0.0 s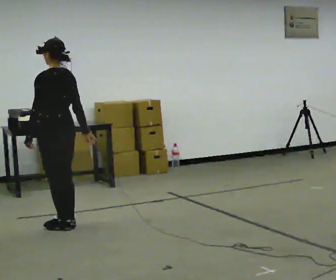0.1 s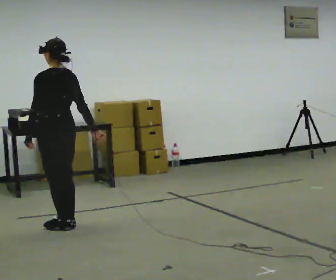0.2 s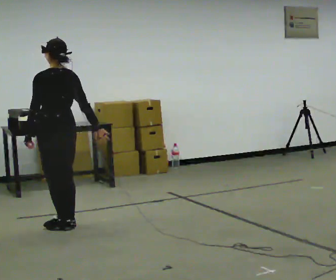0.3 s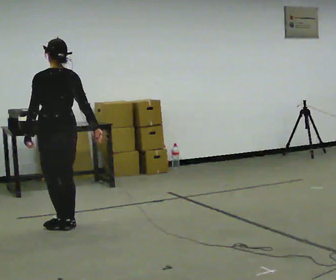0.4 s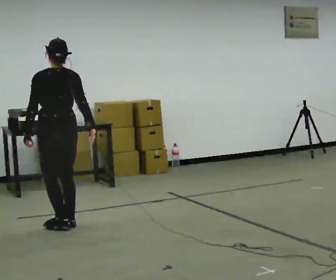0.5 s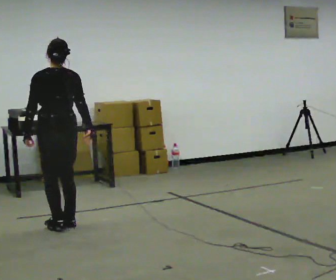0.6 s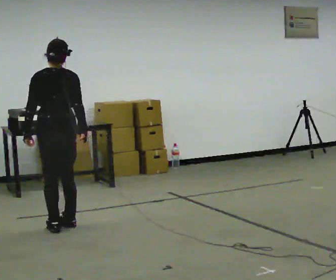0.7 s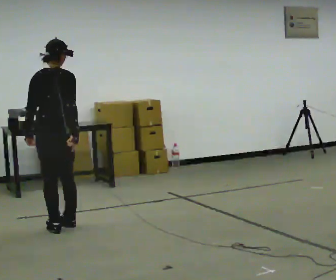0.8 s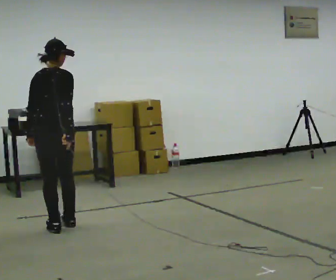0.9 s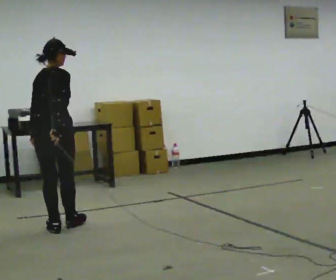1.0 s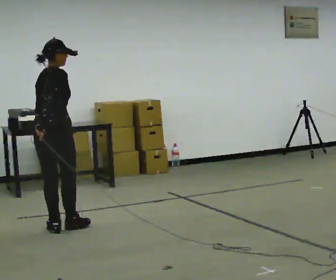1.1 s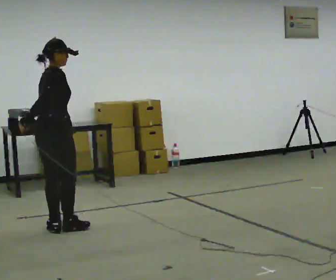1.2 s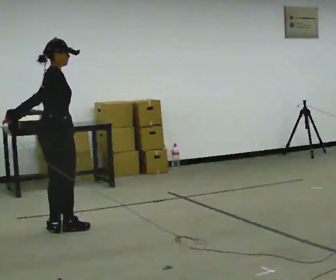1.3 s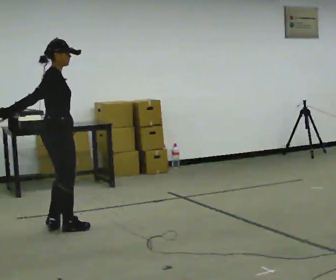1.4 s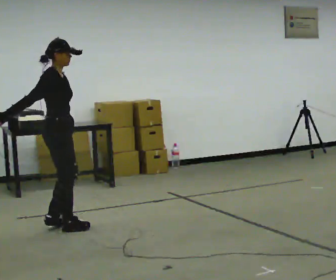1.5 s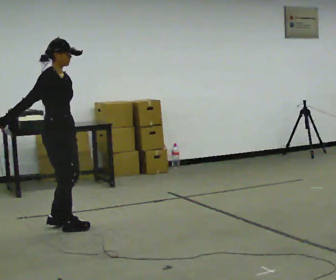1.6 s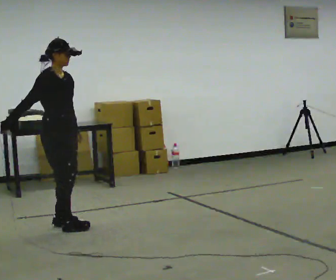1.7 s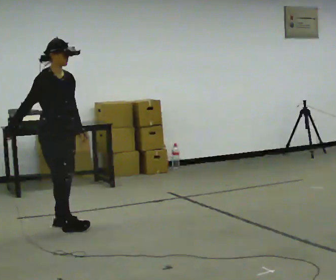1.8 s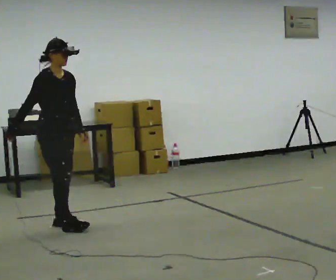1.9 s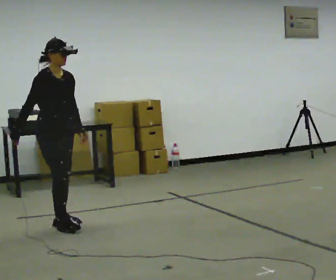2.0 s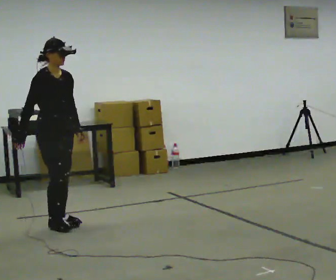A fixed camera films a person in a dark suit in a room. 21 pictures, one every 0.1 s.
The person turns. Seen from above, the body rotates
clockwise.
The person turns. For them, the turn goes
to their right.
0.0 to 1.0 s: Seen from above the body turns clockwise, about 90 degrees: to their right, with its near side sliding to the left. In the picture their right hand goes to the left.
1.0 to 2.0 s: The part of the body nearest the lens slides to the left as the person turns to their right by about 75 degrees.
The film runs forward here.
